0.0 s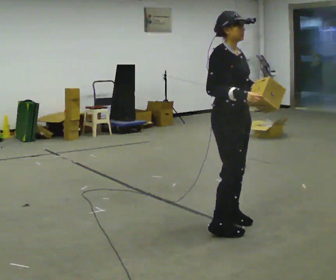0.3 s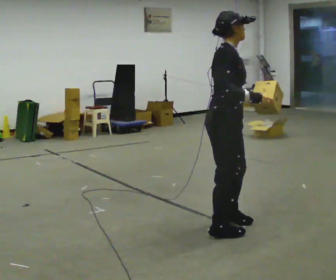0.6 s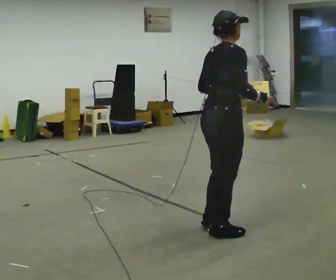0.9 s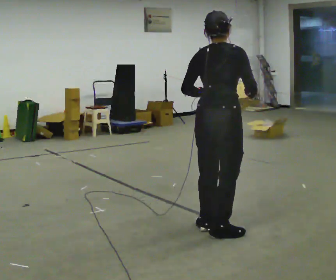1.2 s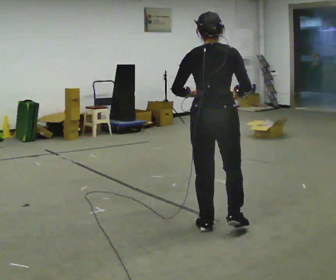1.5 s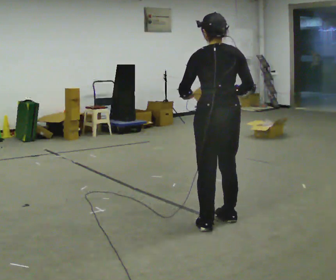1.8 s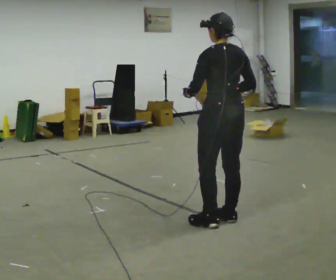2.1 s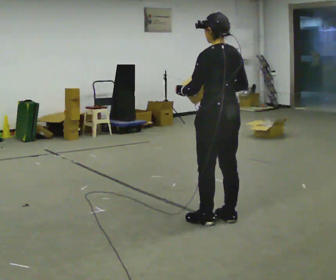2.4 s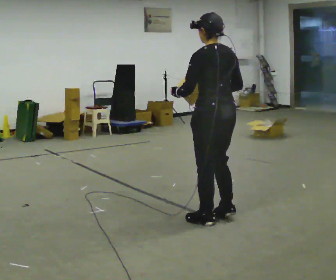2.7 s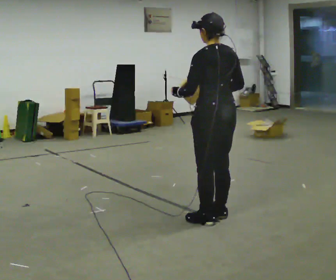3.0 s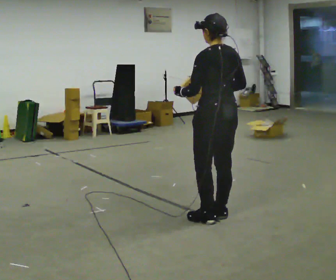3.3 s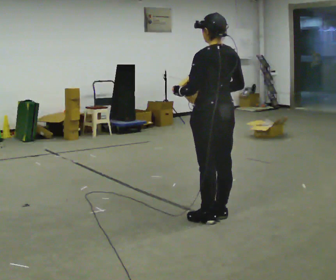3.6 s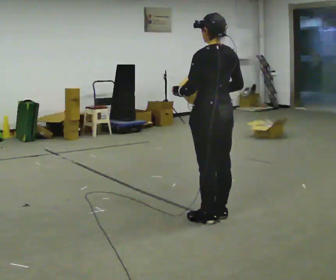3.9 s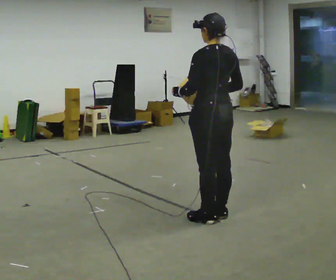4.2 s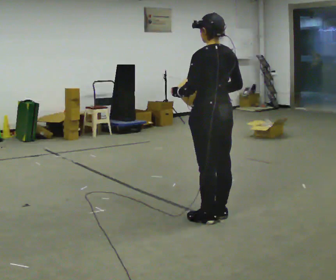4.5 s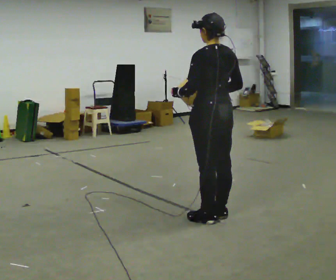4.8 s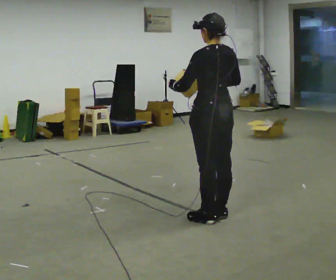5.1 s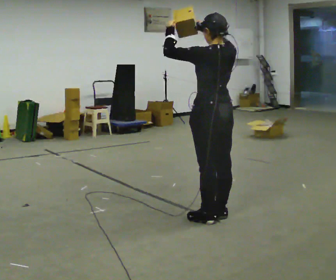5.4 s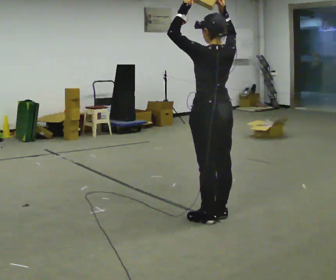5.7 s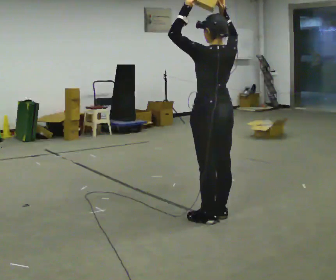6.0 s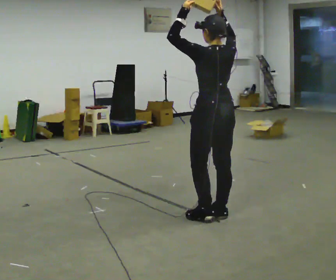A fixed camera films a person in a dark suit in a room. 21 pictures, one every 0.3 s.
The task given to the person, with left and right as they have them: Carry the object held up above your head, walking back and forth across the room.
0.0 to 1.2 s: Seen from above the body turns counterclockwise, about 105 degrees: to their left, with its near side sliding to the right. In the picture their left hand goes to the left.
1.2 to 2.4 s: Seen from above the body turns counterclockwise, about 45 degrees: to their left, with its near side sliding to the right.
2.4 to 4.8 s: The person moves a little, or ends about where they began.
4.8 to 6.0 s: In the picture their left hand goes upward, the arm swinging clockwise.
The film runs forward here.
